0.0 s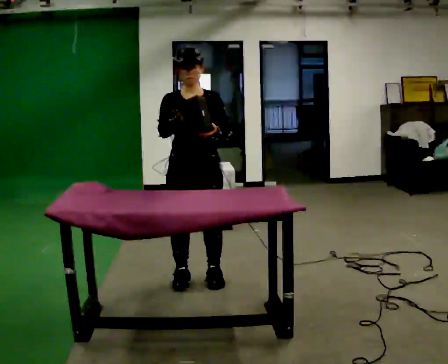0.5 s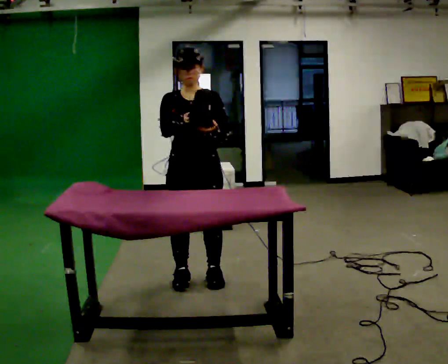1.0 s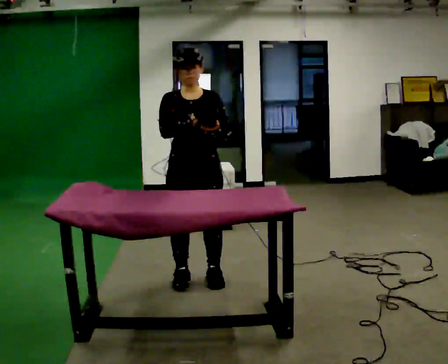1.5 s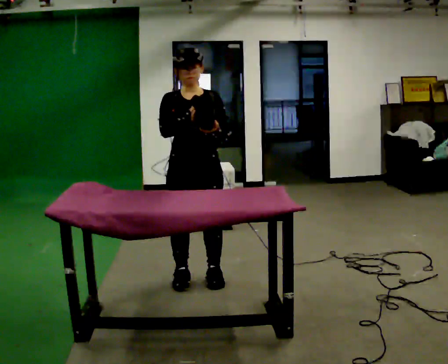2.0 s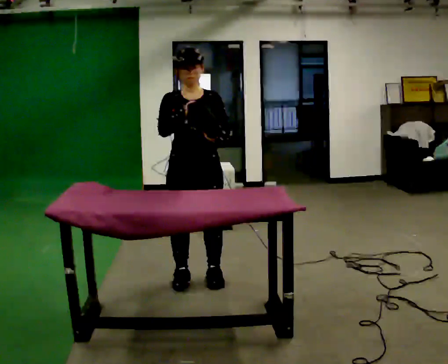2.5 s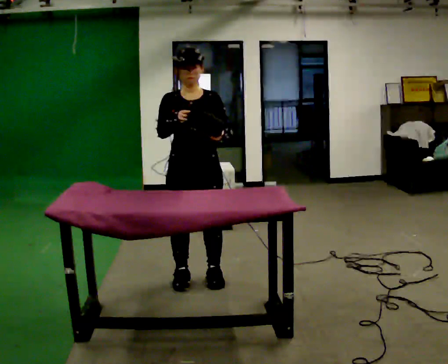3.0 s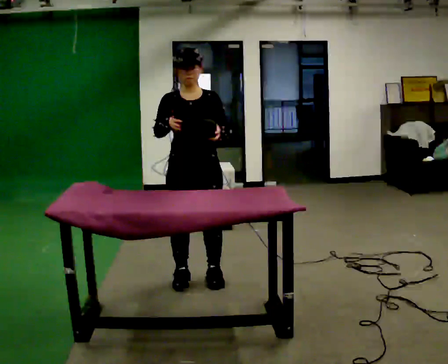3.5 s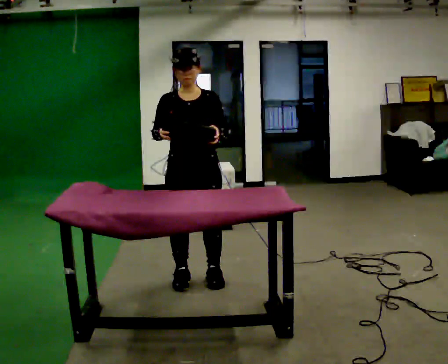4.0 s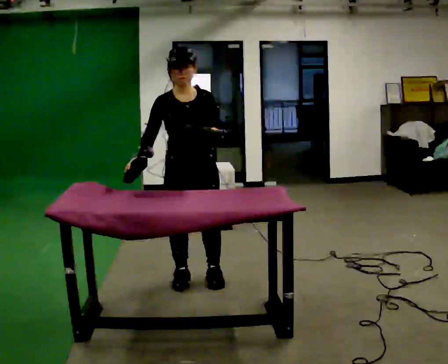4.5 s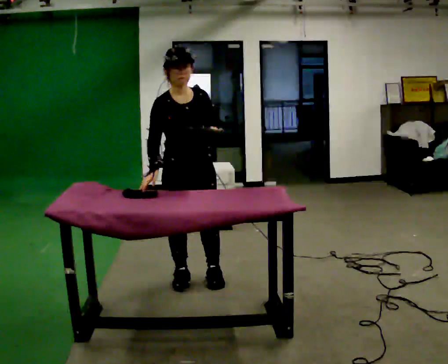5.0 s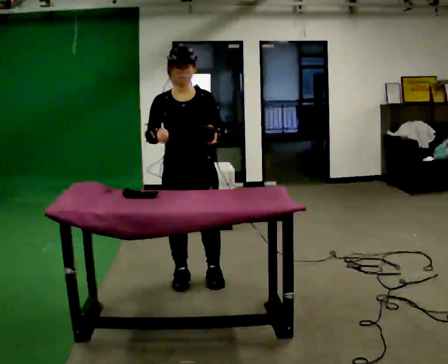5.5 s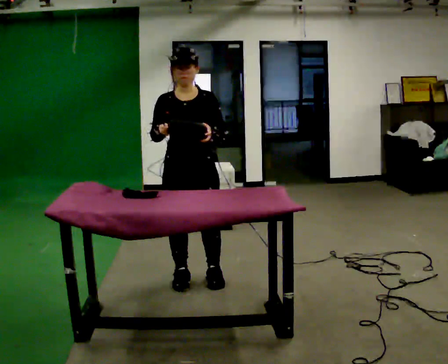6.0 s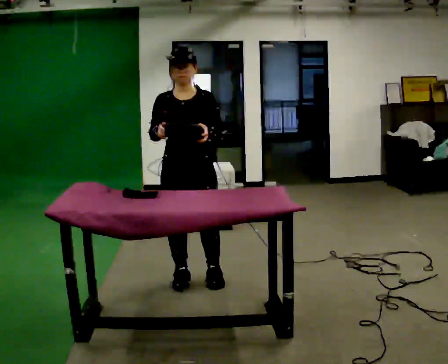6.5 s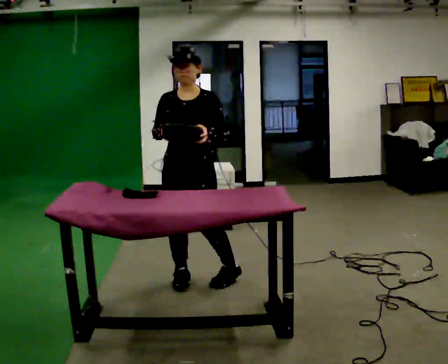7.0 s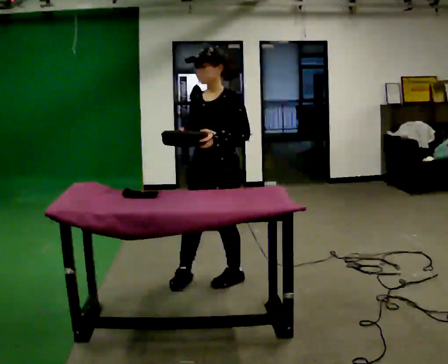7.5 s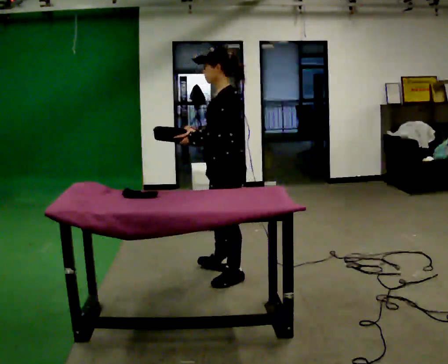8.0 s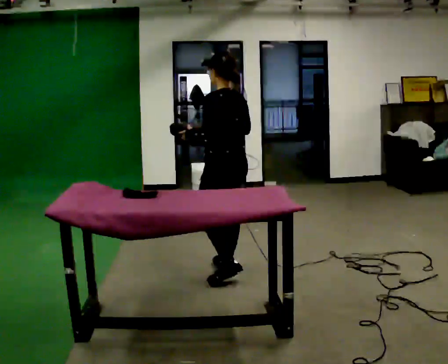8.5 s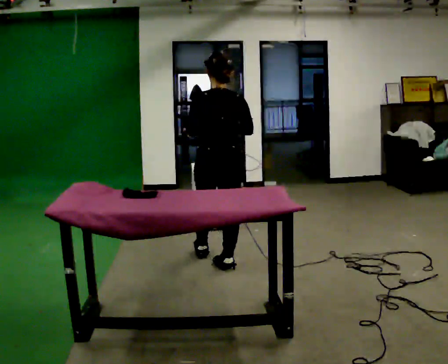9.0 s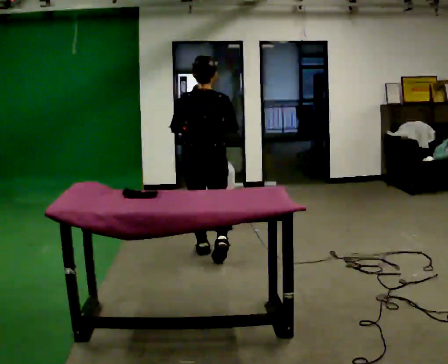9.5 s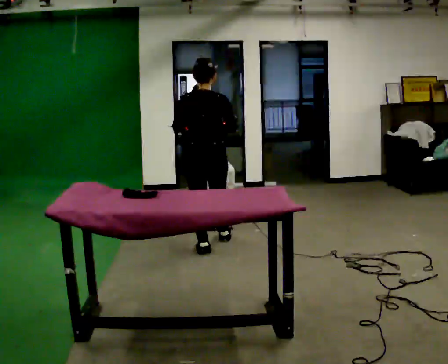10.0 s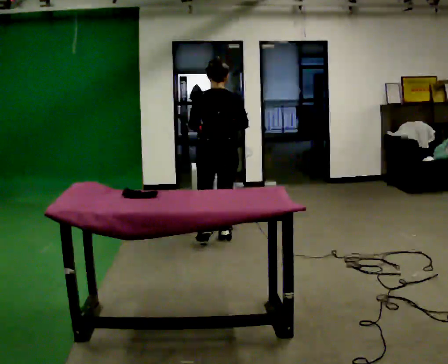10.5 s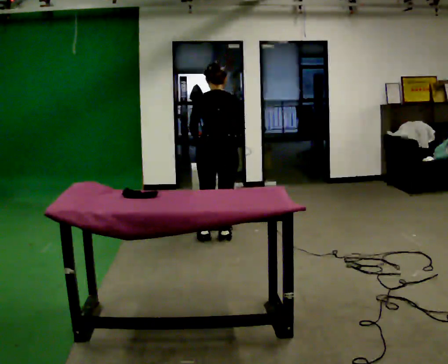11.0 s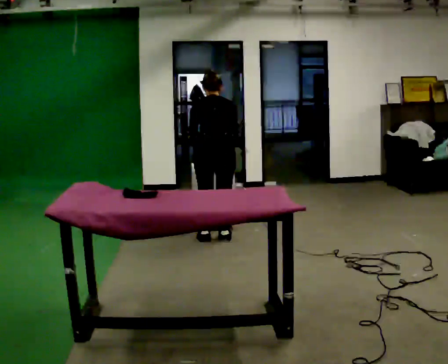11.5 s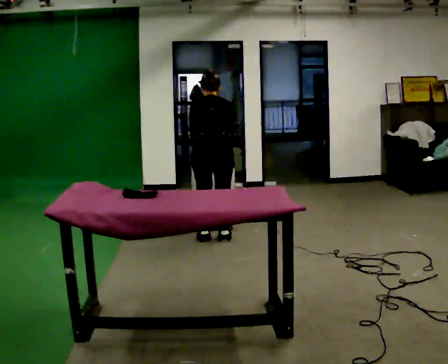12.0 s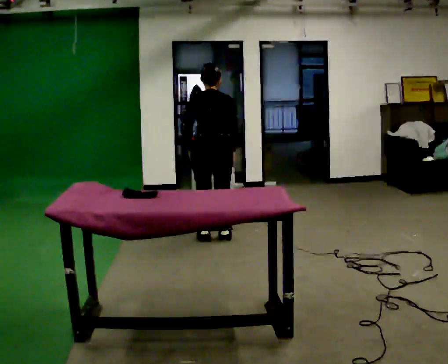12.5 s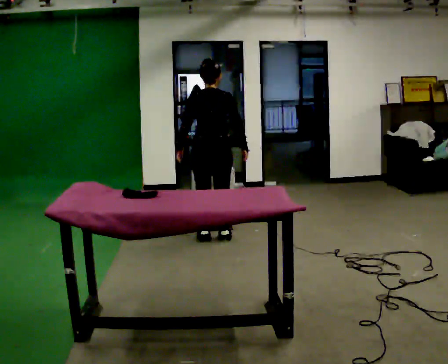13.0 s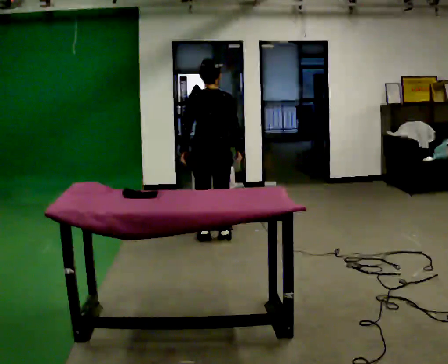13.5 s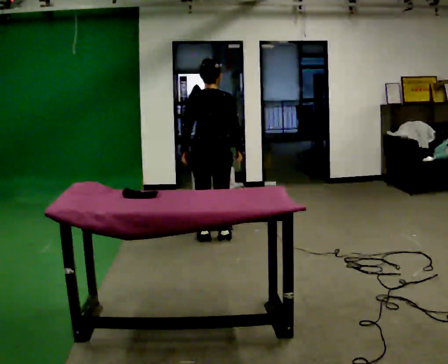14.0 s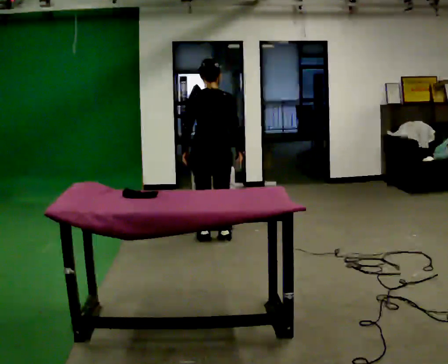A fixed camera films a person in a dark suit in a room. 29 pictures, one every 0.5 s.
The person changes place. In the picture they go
away from the camera.
0.0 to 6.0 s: The person moves a little, or ends about where they began.
6.0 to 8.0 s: The part of the body nearest the lens slides to the left as the person turns to their right by about 135 degrees. In the picture they go away from the camera and to the right, about 0.5 m in 2 steps.
8.0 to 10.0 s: Seen from above the body turns clockwise, about 45 degrees: to their right, with its near side sliding to the left. In the picture they go away from the camera, about 1 m in 2 steps, which for them is forward.
10.0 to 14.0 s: The person moves a little, or ends about where they began.
The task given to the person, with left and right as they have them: Clear everything off the table and put it away on the shelf, in as many trips as you need. Keep going until the operator says stop; one object at a time, and do not rush between trips.
The film runs forward here.
